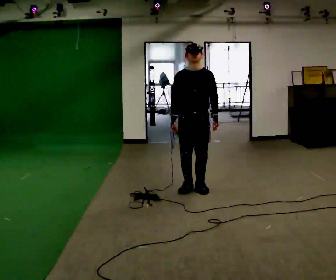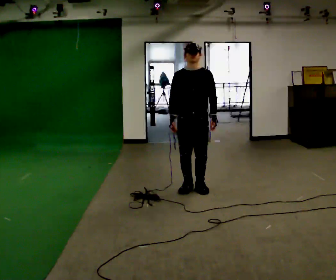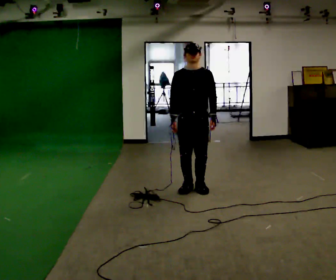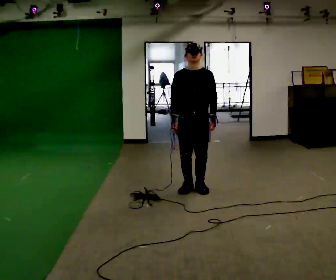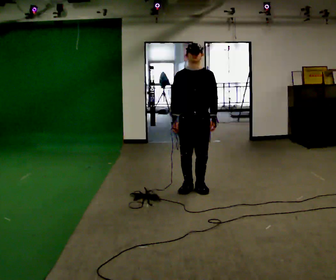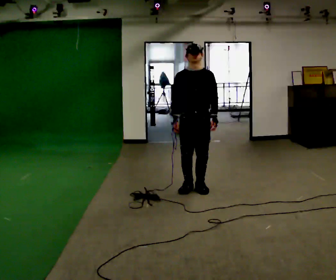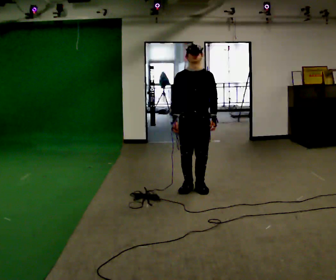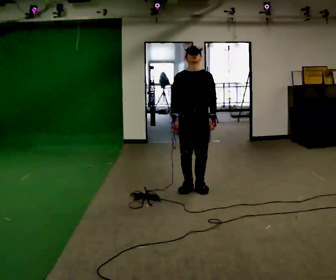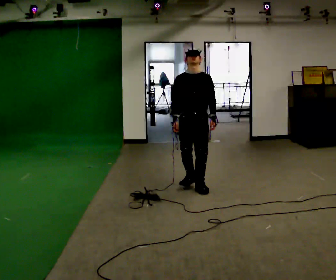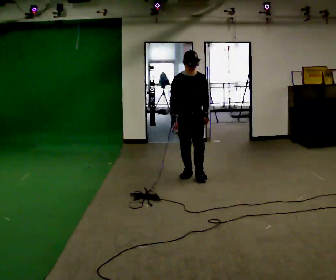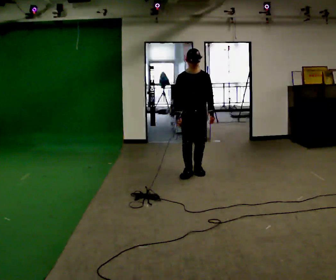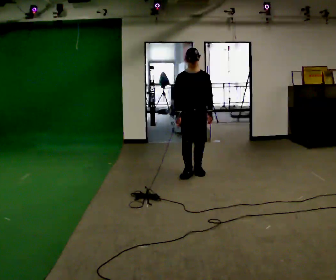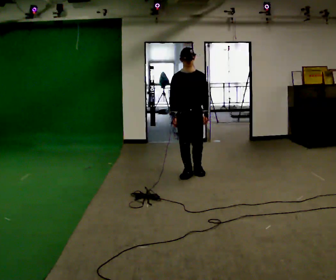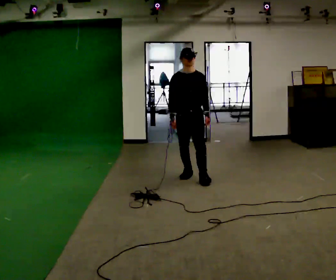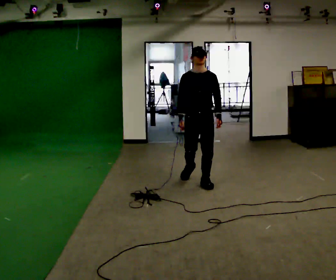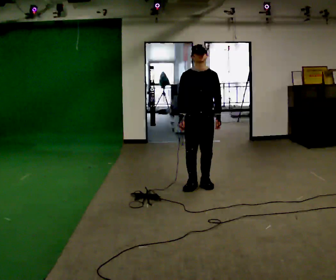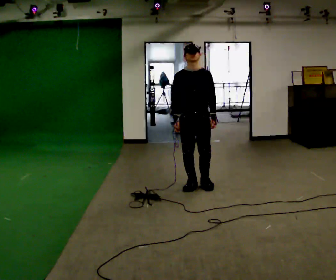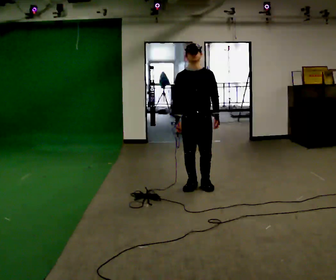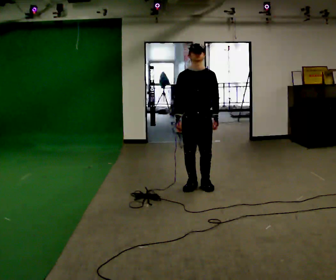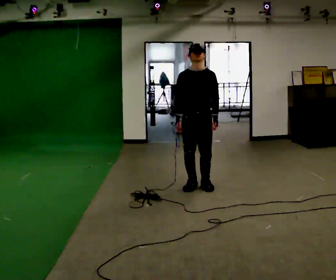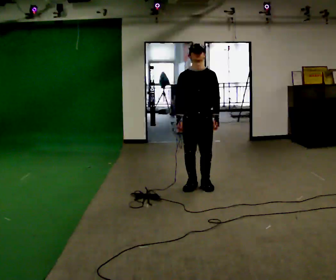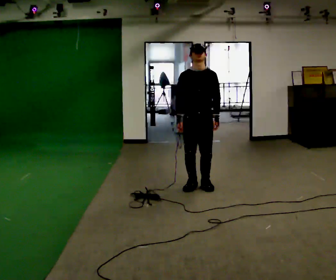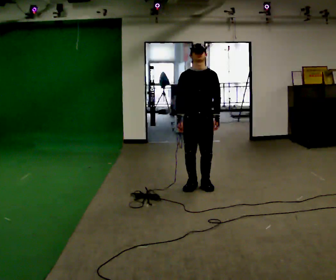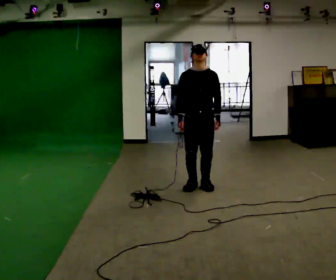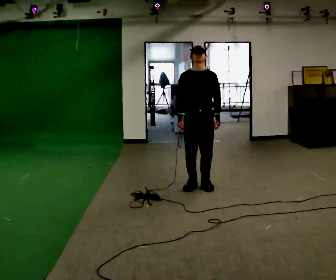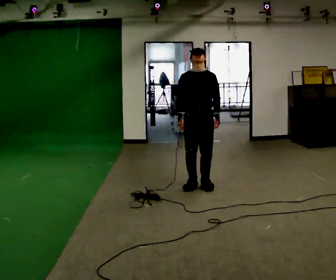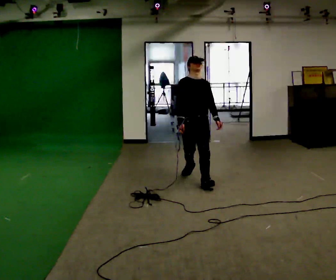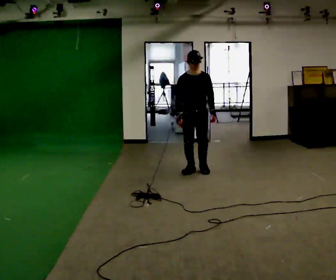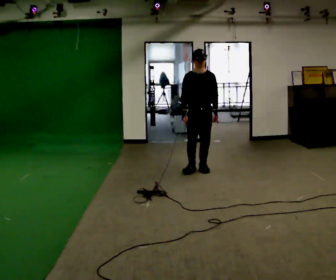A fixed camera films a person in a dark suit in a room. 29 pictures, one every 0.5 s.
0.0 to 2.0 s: The person moves a little, or ends about where they began.
2.0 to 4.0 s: In the picture they go away from the camera, about 0.25 m, which for them is backward.
4.0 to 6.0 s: In the picture they go away from the camera, about 0.5 m in 2 steps, which for them is backward.
6.0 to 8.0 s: In the picture they go toward the camera, about 0.5 m in 2 steps, which for them is forward.
8.0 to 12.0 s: The person moves a little, or ends about where they began.
12.0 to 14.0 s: In the picture they go away from the camera, about 1 m in 2 steps, which for them is backward.
The film runs forward here.
